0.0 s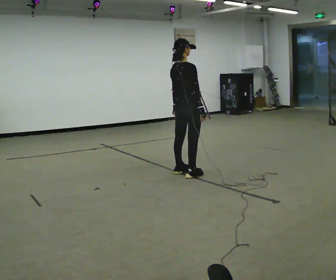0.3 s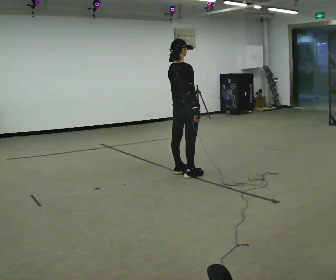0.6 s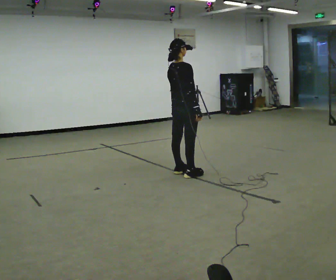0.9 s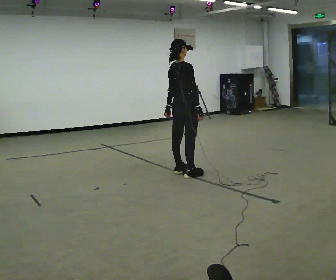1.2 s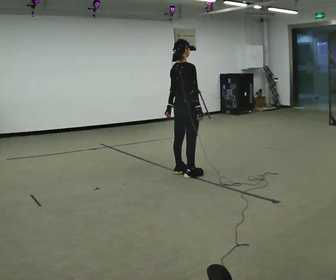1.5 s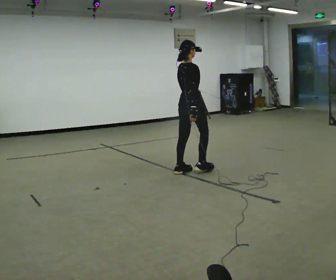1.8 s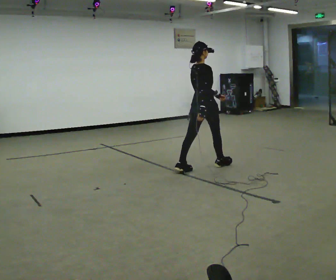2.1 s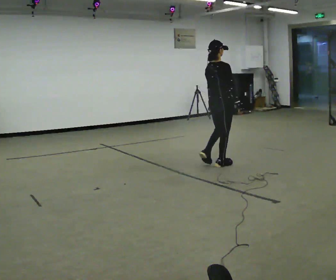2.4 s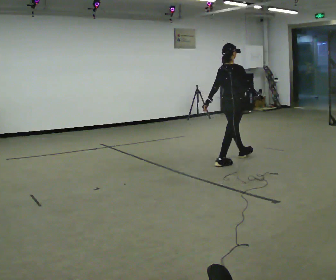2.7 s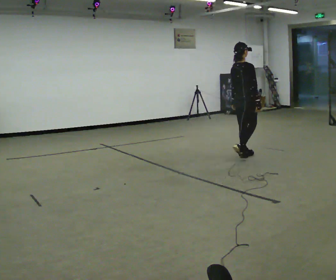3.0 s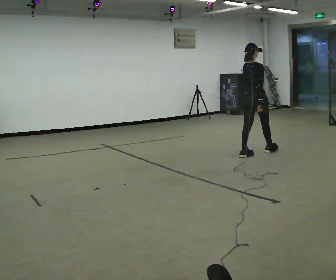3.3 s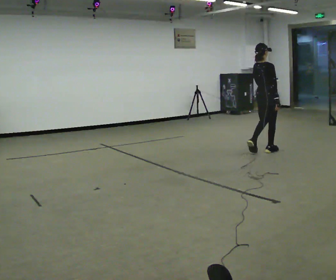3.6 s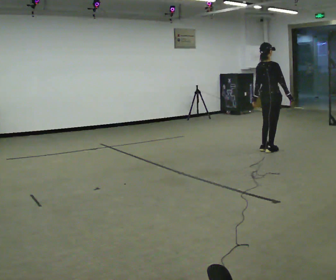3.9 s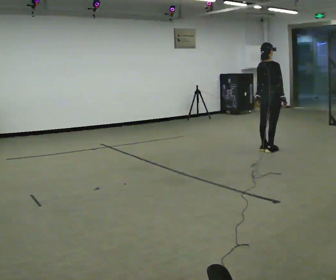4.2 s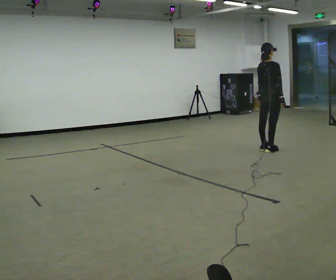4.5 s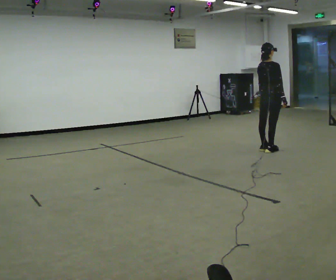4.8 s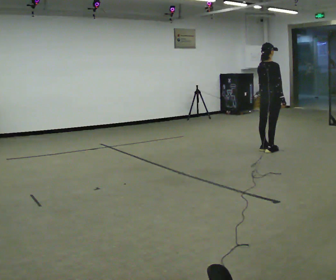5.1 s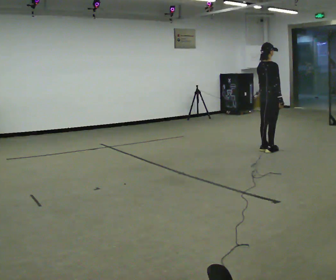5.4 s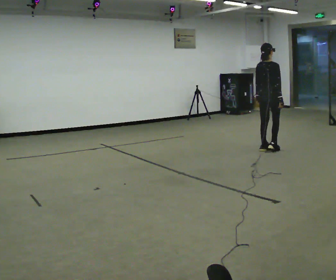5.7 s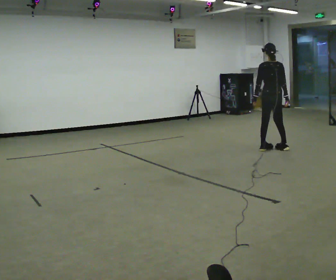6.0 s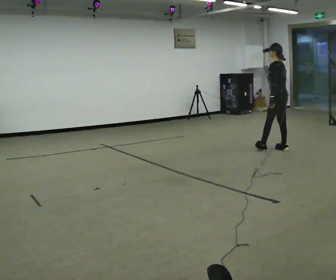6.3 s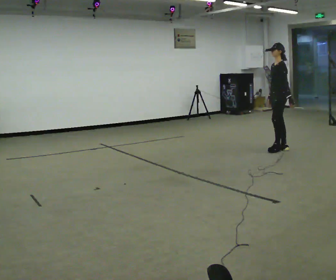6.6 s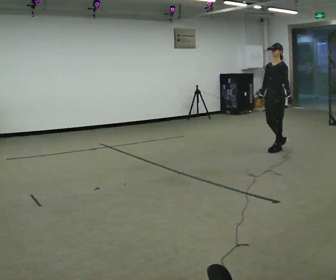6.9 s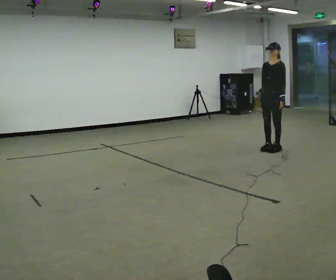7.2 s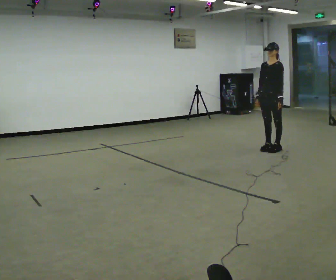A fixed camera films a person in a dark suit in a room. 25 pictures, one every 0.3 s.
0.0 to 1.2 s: The person moves a little, or ends about where they began.
1.2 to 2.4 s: In the picture they go away from the camera and to the right, about 1 m in 1 step, which for them is forward.
2.4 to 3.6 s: In the picture they go away from the camera and to the right, about 1 m in 3 steps, which for them is forward.
3.6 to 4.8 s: The person moves a little, or ends about where they began.
4.8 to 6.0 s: The person turns about 105 degrees to their left, counterclockwise seen from above, so the part of the body nearest the lens slides to the right. In the picture they go to the right, about 0.25 m in 1 step.
6.0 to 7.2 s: The person turns about 75 degrees to their left, counterclockwise seen from above, so the part of the body nearest the lens slides to the right. In the picture their right hand goes to the left.
The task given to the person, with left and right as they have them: Walk; stop fully; turn 90° left/right while standing; walk new direction.
The film runs forward here.
